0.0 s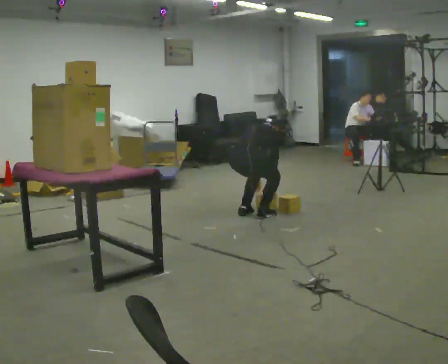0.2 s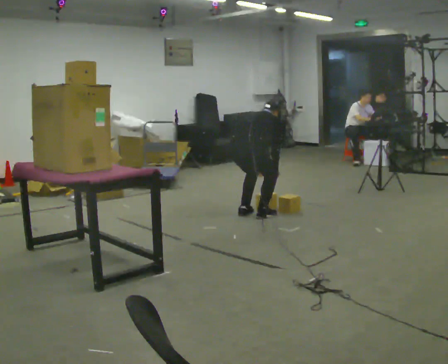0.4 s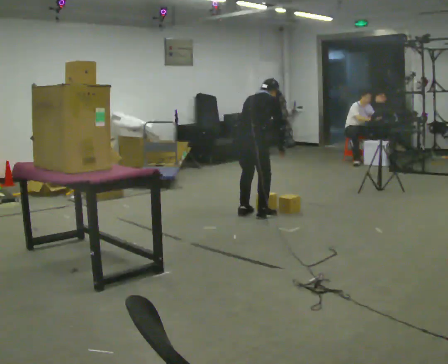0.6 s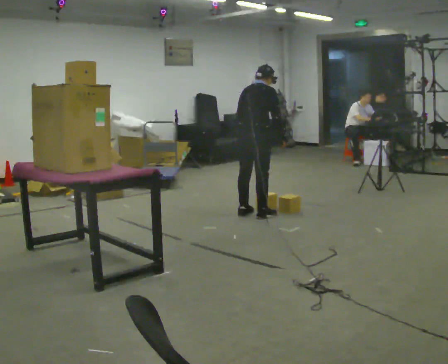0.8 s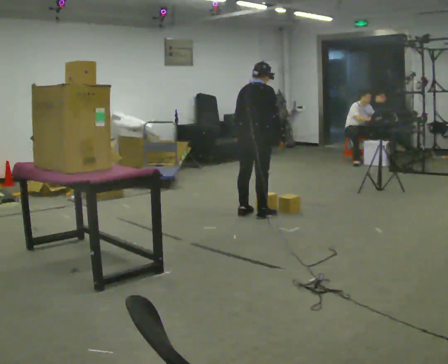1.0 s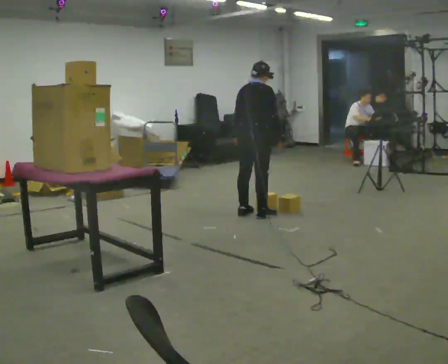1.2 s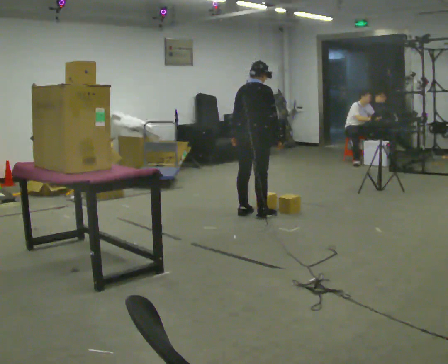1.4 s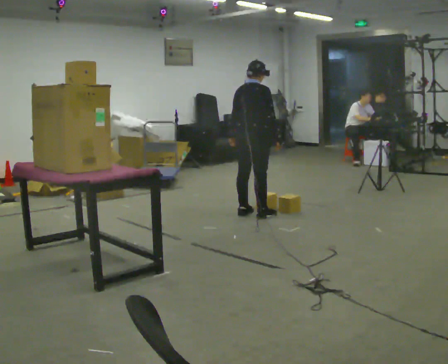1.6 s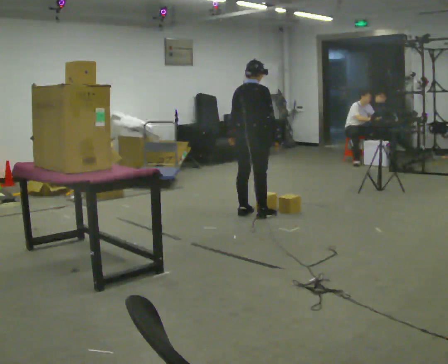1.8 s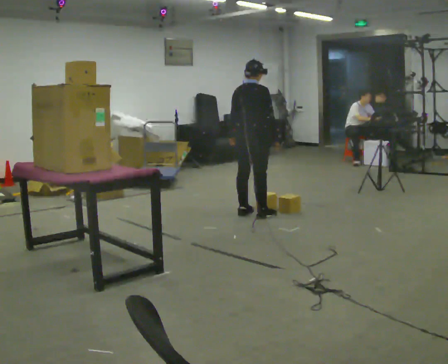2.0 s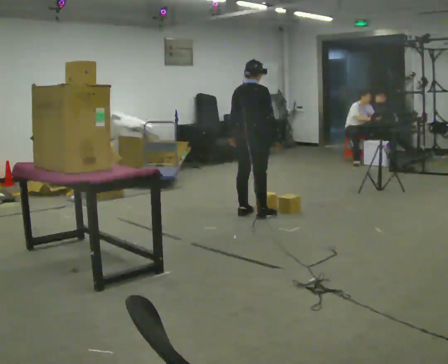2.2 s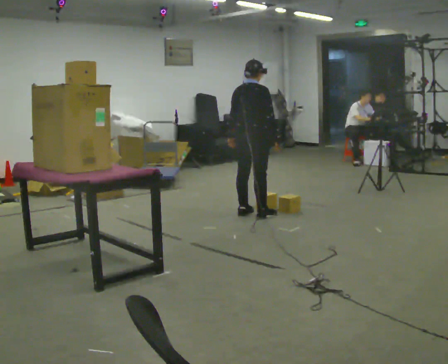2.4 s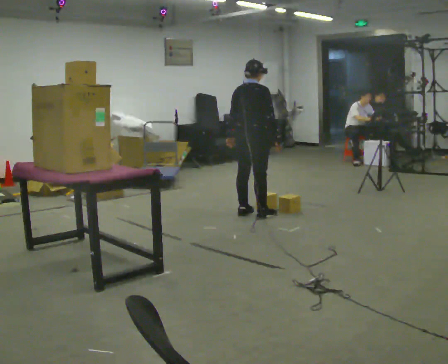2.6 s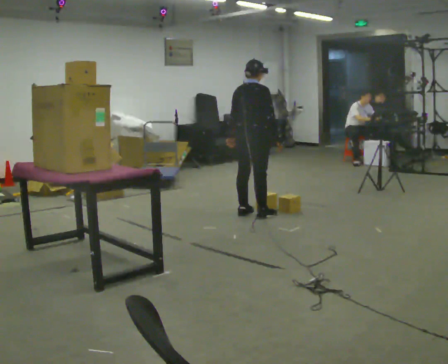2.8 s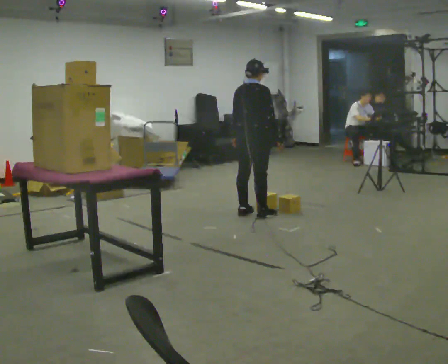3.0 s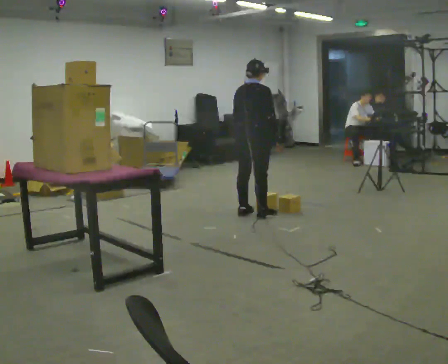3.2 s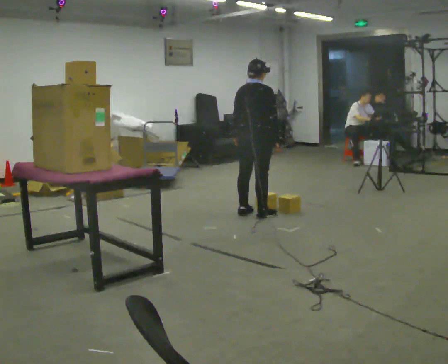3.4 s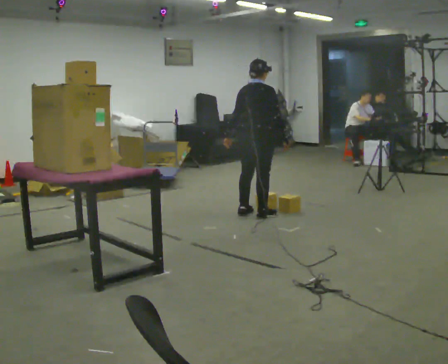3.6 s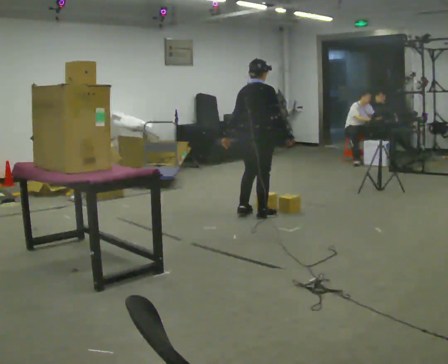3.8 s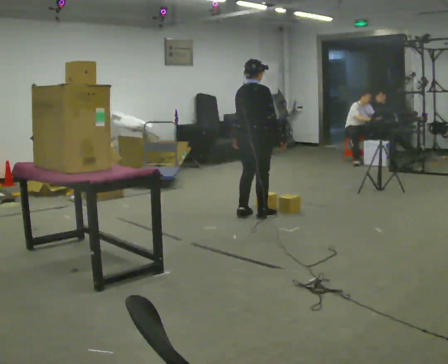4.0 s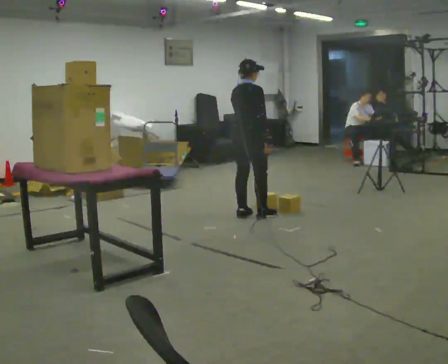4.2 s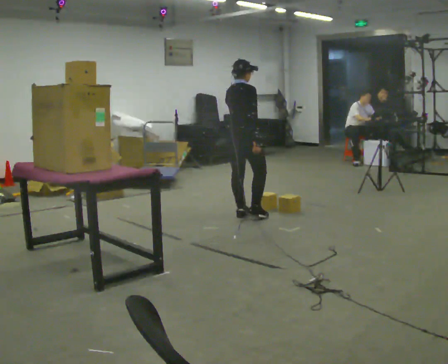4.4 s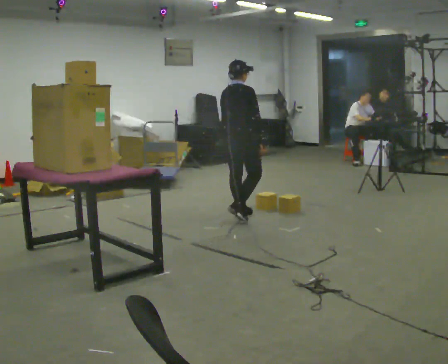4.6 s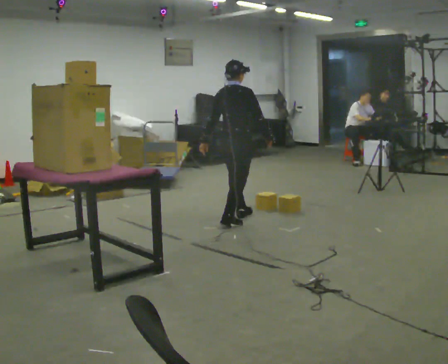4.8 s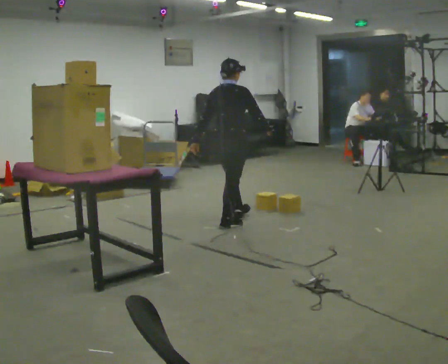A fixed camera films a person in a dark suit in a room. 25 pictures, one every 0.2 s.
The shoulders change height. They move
upward.
Their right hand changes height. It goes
upward.
0.0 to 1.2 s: The upper body goes upward. The upper body tips toward the camera, its near side rolling downward, as they lean back or straighten. In the picture their right hand goes upward.
1.2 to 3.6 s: The person moves a little, or ends about where they began.
3.6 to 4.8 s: In the picture they go to the left and toward the camera, about 0.25 m in 2 steps, which for them is backward.
The film runs backward here.
